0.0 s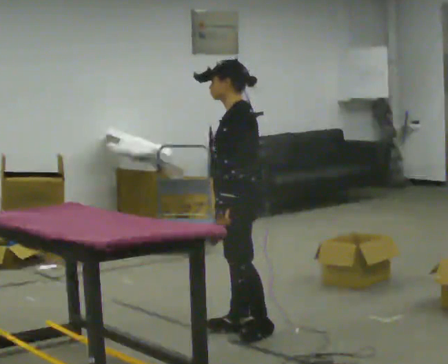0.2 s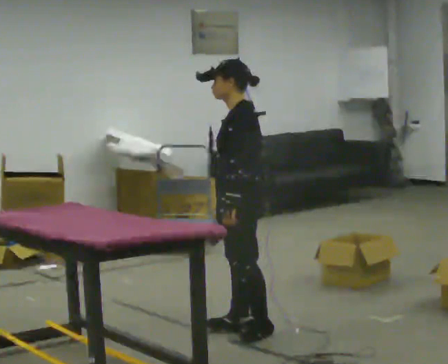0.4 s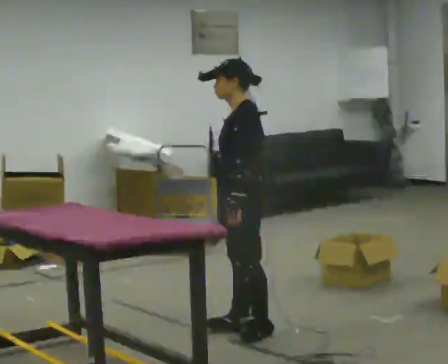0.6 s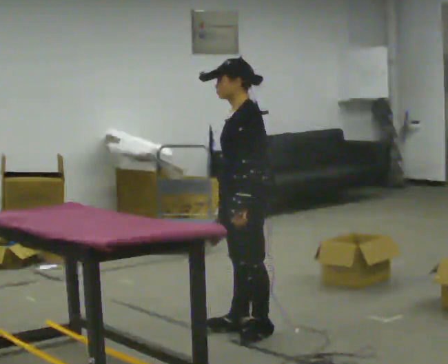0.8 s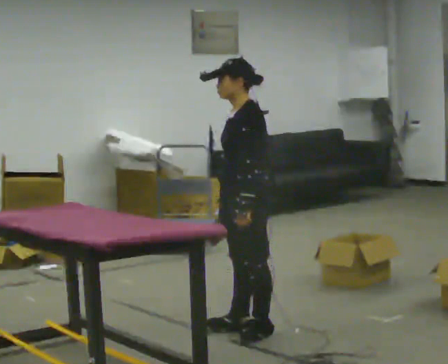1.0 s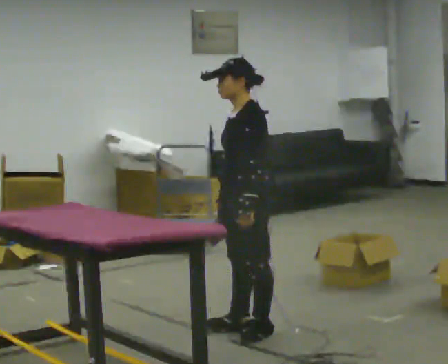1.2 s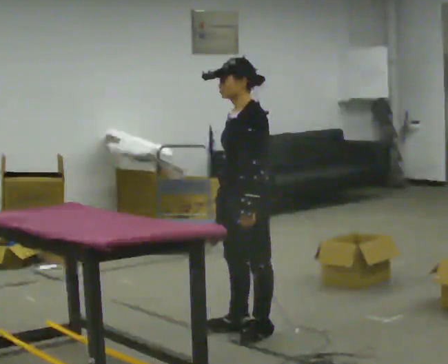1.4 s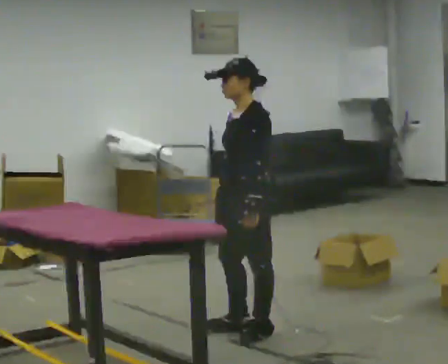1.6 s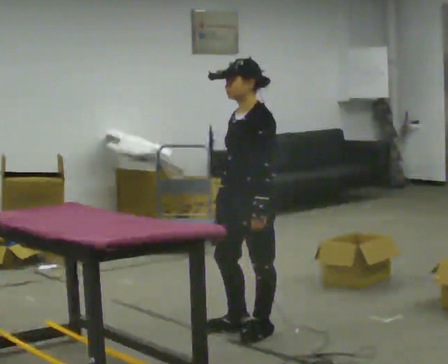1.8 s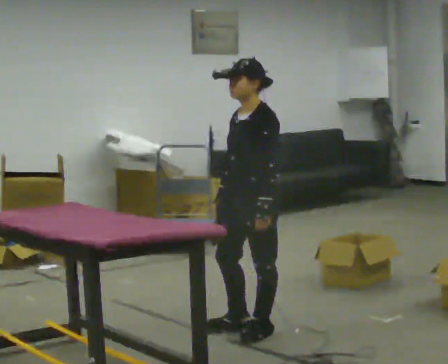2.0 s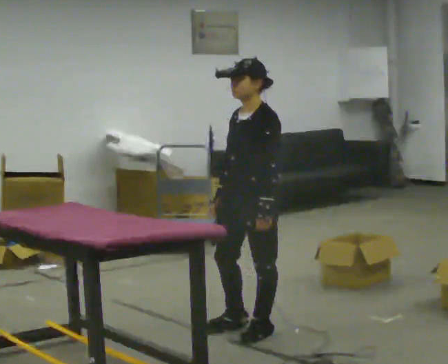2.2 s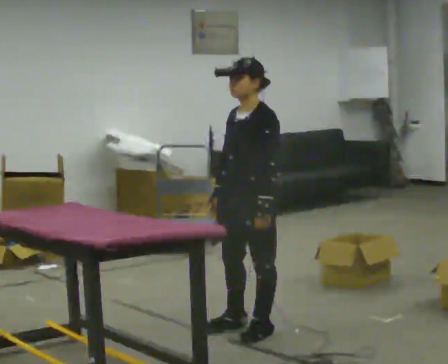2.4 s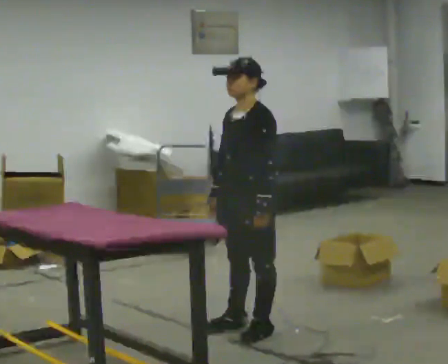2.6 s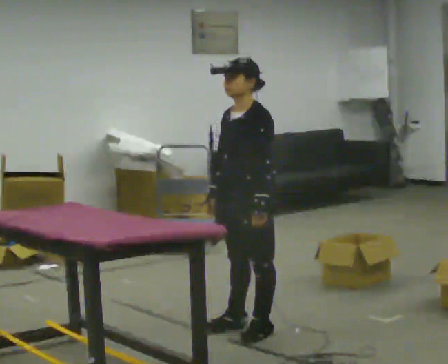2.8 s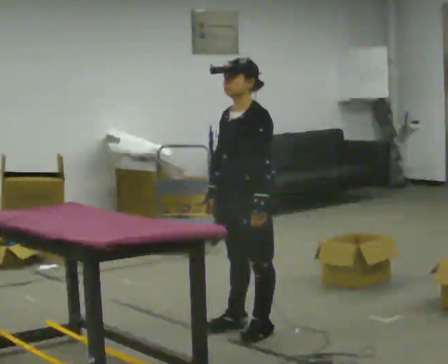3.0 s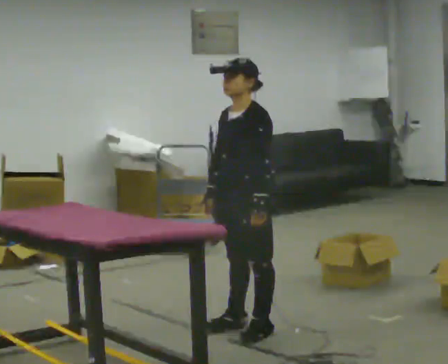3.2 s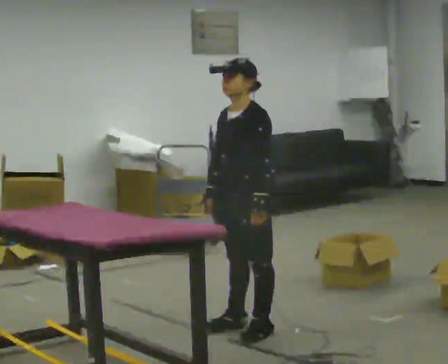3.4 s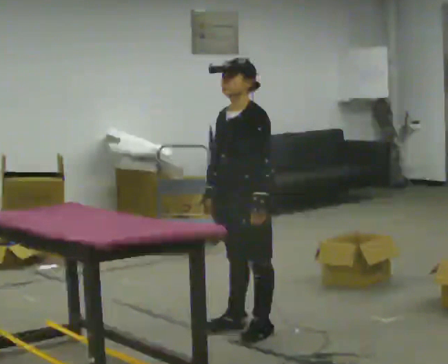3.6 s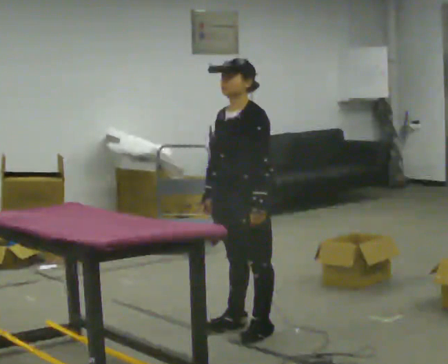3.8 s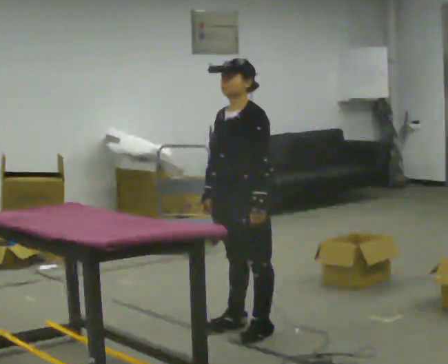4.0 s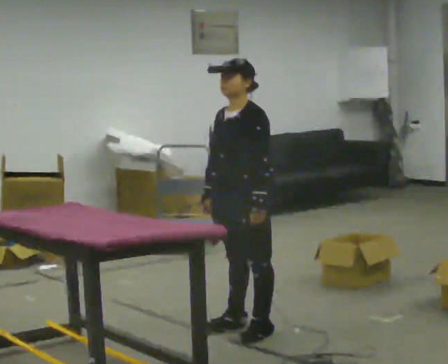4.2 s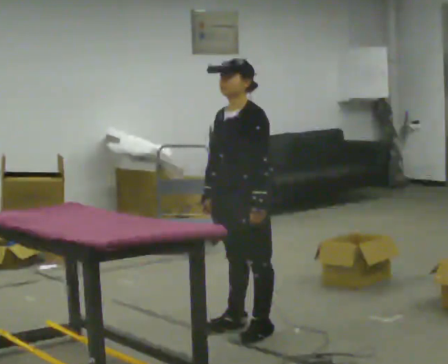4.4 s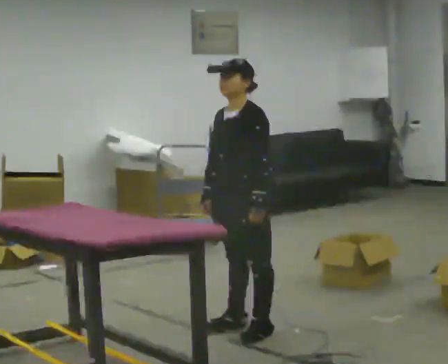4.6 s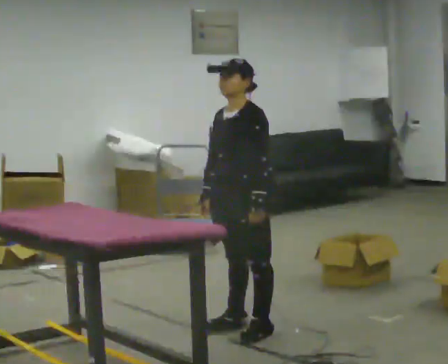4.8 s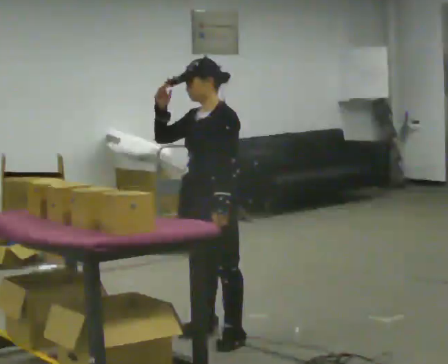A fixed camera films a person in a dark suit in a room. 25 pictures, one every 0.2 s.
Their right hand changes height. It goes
upward.
0.0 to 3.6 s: Seen from above the body turns counterclockwise, about 45 degrees: to their left, with its near side sliding to the right.
3.6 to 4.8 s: In the picture they go to the left, about 0.25 m, which for them is forward. In the picture their right hand goes upward.
The film runs backward here.
